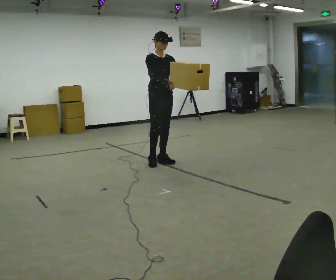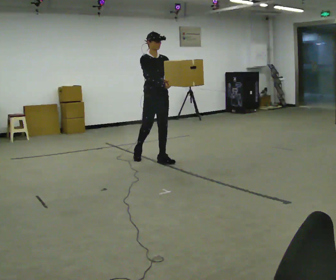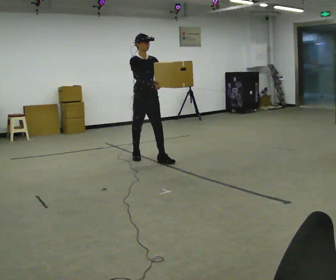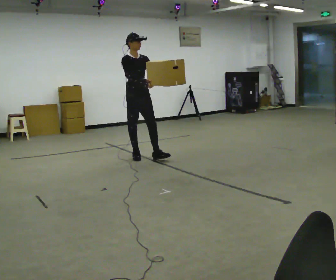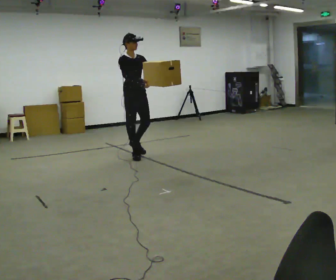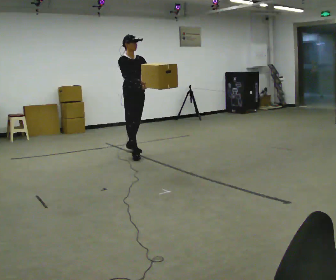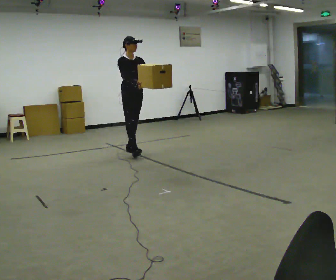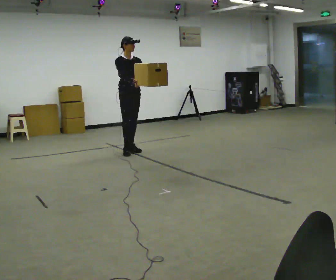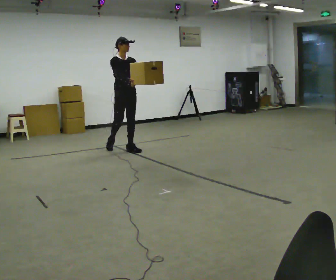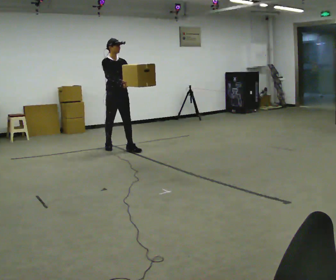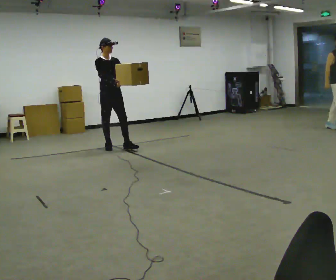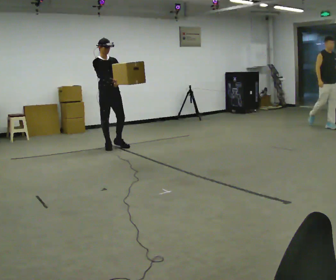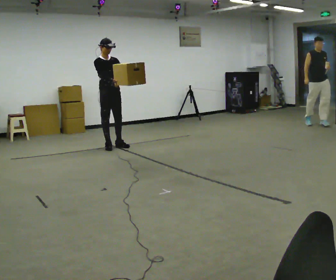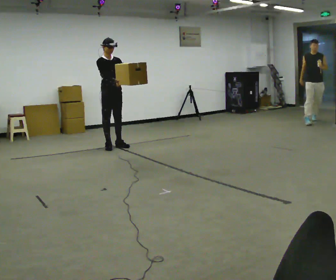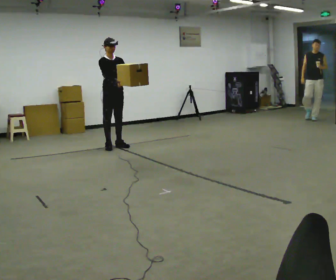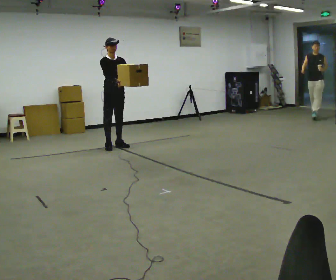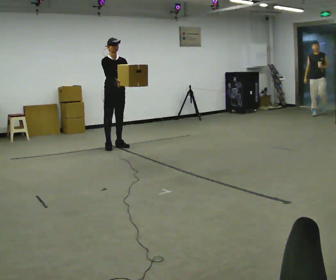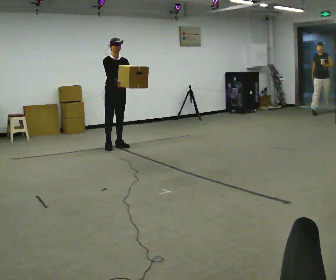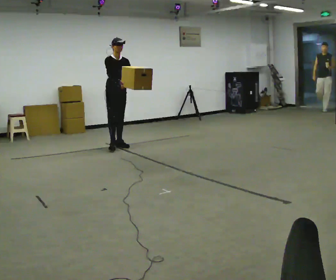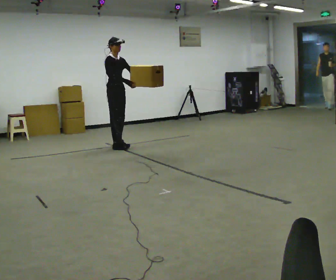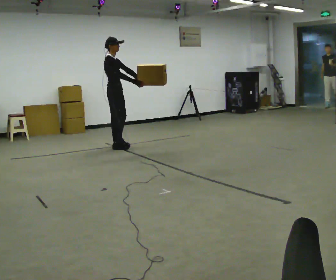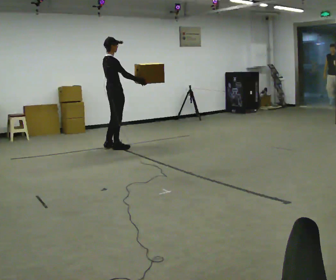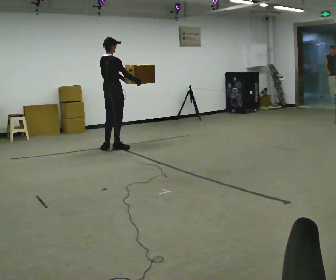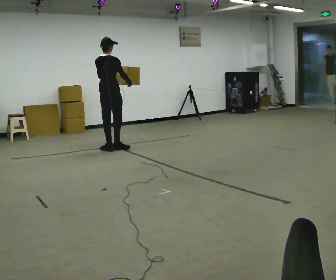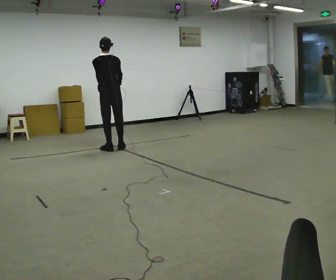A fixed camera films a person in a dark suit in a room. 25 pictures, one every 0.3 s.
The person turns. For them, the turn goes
to their left.
The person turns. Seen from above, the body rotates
counterclockwise.
0.0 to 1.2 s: In the picture they go to the left and away from the camera, about 0.5 m in 1 step, which for them is backward.
1.2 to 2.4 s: In the picture they go away from the camera, about 0.5 m in 1 step, which for them is backward.
2.4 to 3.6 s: In the picture they go to the left and away from the camera, about 0.25 m in 1 step, which for them is backward.
3.6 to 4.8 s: The person moves a little, or ends about where they began.
4.8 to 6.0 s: The person turns about 45 degrees to their left, counterclockwise seen from above, so the part of the body nearest the lens slides to the right.
6.0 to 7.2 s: Seen from above the body turns counterclockwise, about 105 degrees: to their left, with its near side sliding to the right. In the picture their left hand goes to the left, the arm swinging clockwise.
The film runs backward here.
